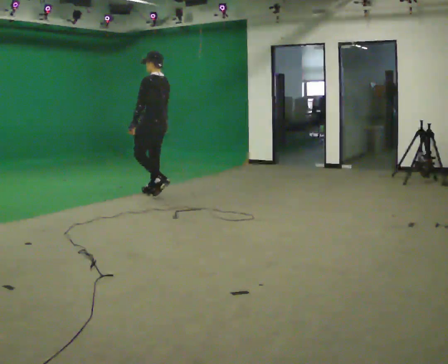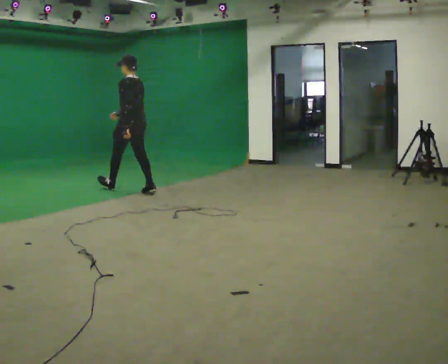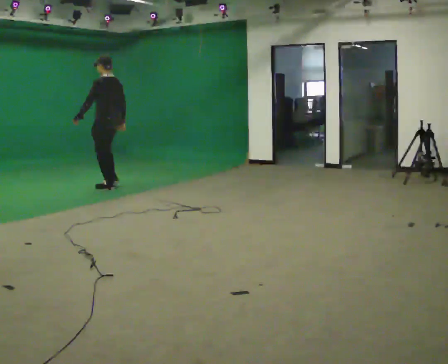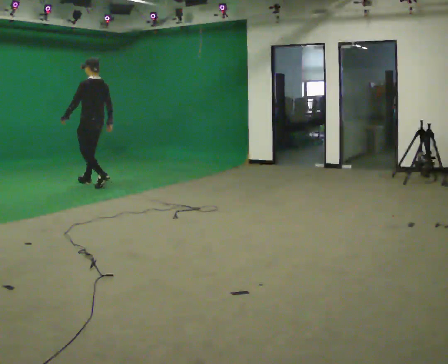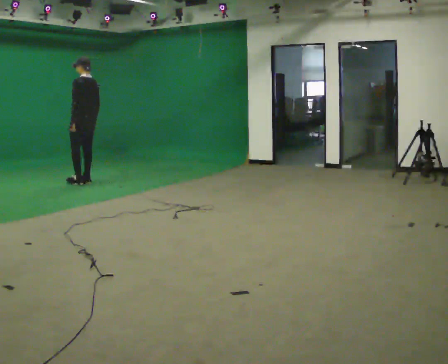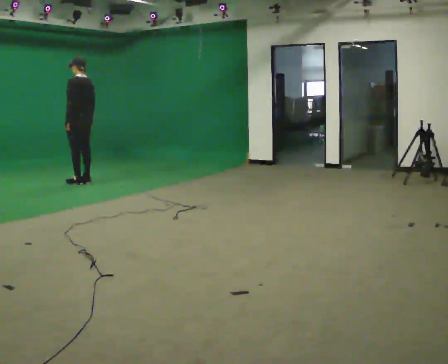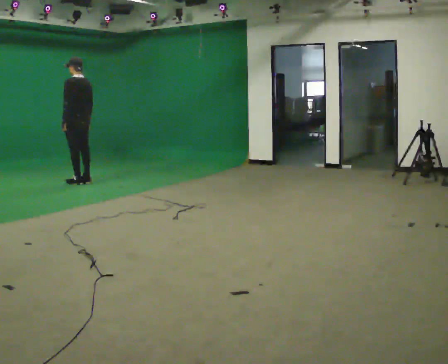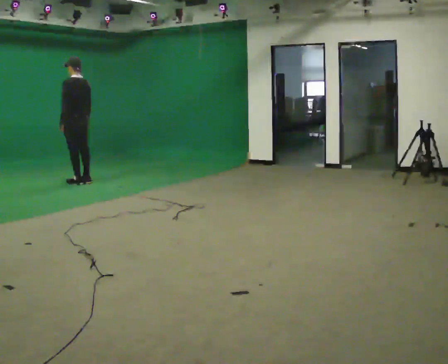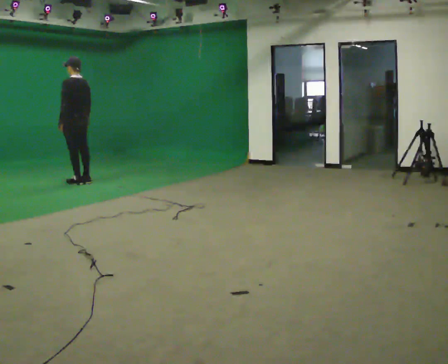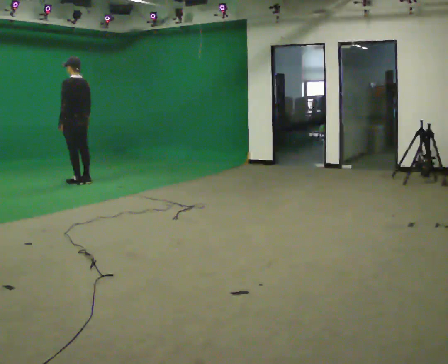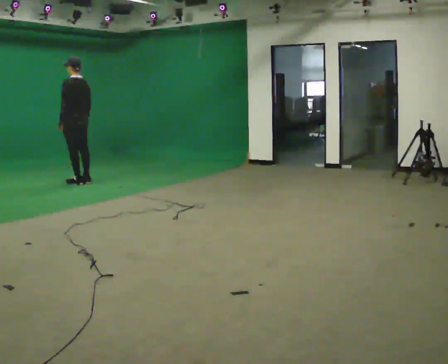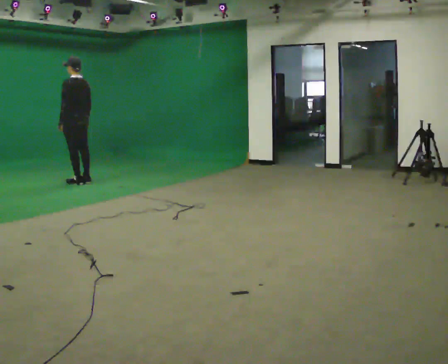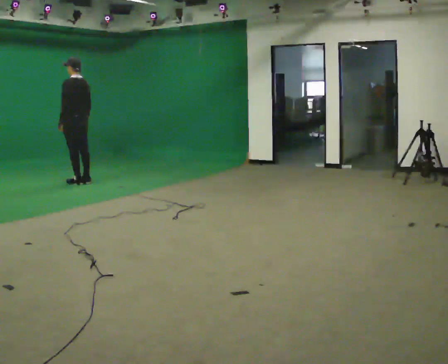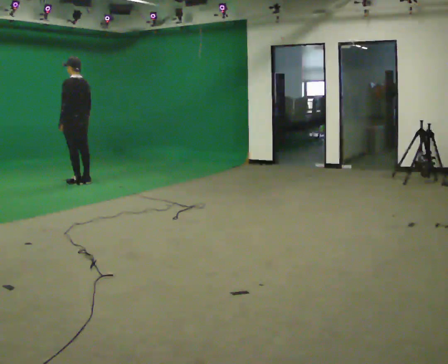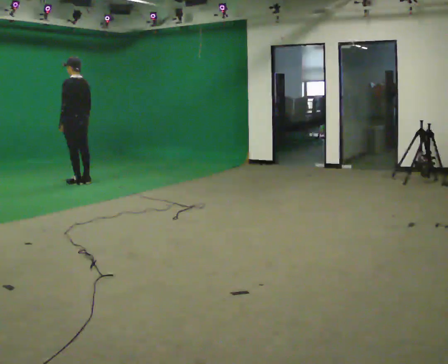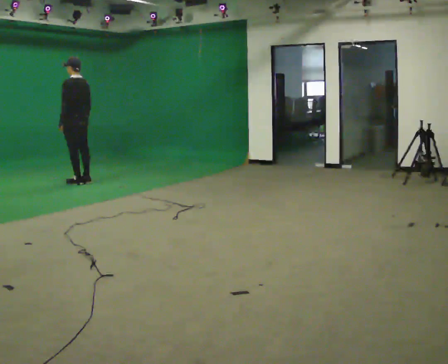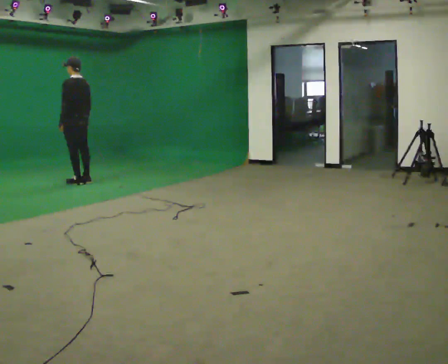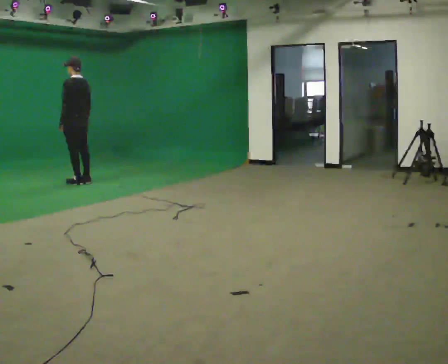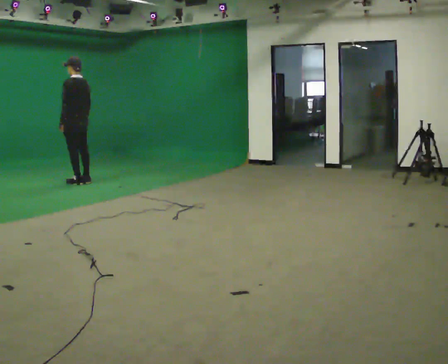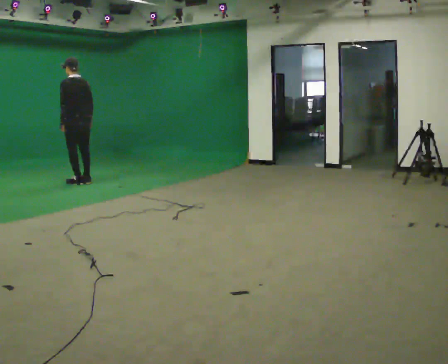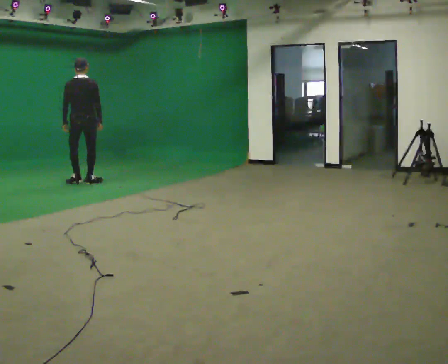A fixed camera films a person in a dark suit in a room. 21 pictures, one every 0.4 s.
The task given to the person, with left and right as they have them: Walk normally; at marked point stop as quickly as comfortably possible; remain still.
0.0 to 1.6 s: In the picture they go away from the camera and to the left, about 1.5 m in 3 steps, which for them is forward.
1.6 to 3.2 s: The person moves a little, or ends about where they began.
3.2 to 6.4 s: The person keeps their place and pose.
6.4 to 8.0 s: The person turns about 60 degrees to their right, clockwise seen from above, so the part of the body nearest the lens slides to the left.
The film runs forward here.
